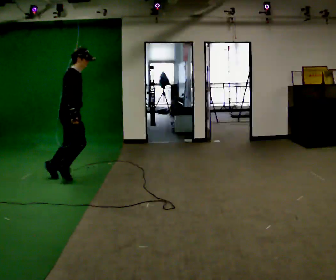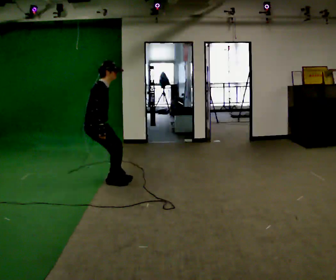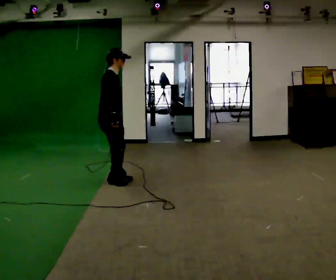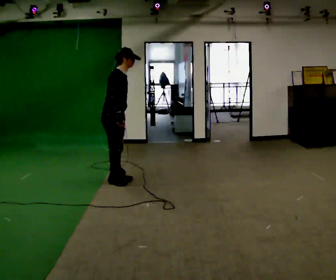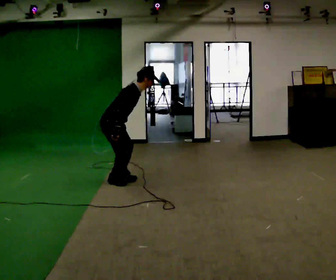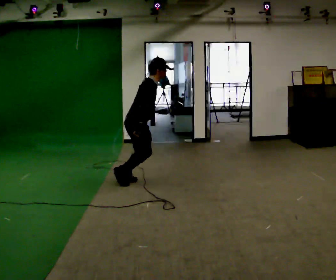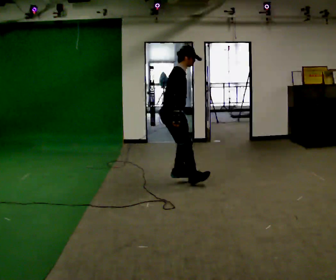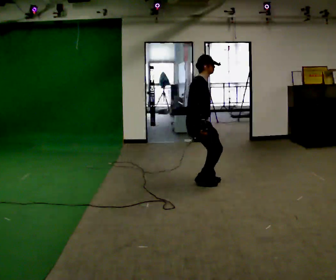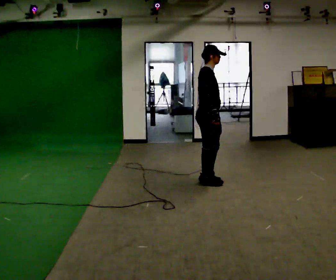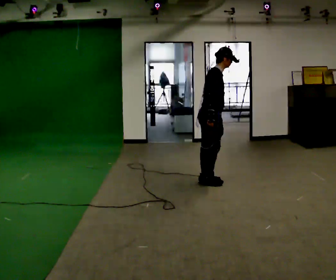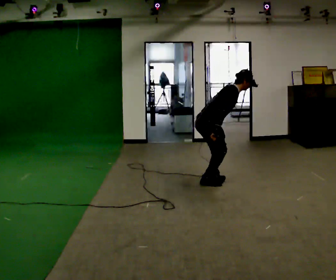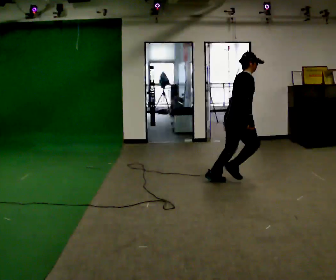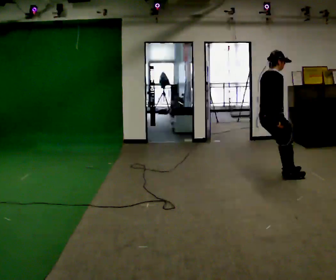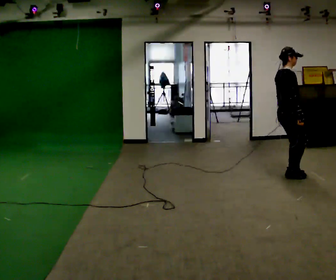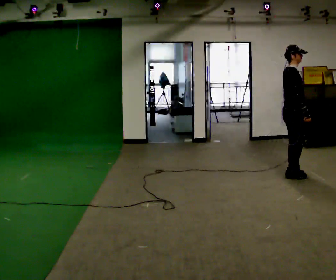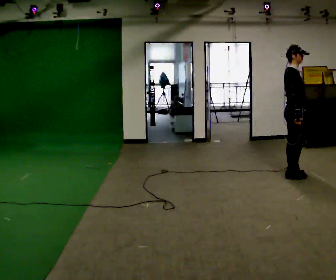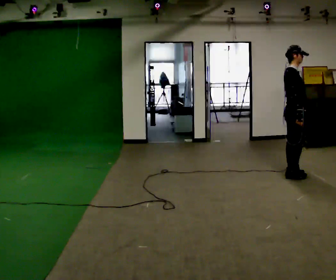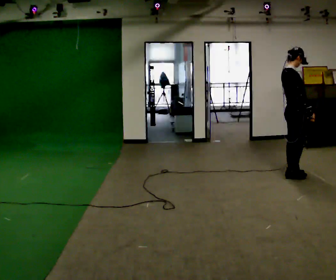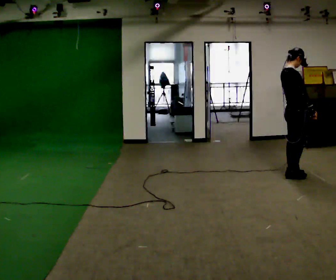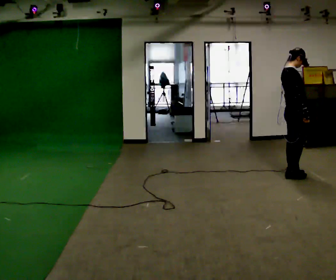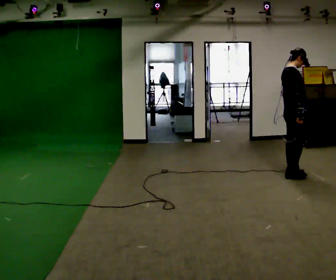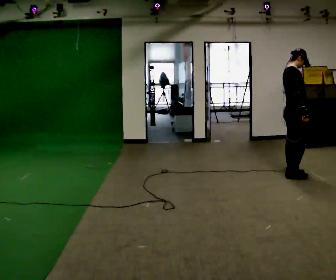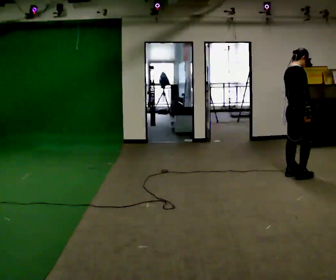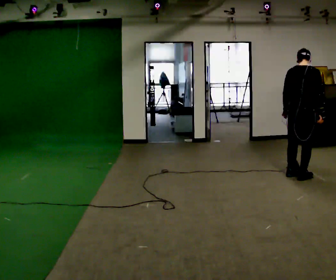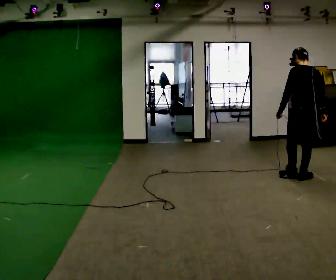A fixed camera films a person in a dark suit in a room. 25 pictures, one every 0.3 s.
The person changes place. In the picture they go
to the right.
0.0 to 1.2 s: In the picture they go to the right, about 0.5 m in 2 steps, which for them is forward.
1.2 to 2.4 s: In the picture they go to the right, about 1 m in 2 steps, which for them is forward. In the picture the upper body tilts counterclockwise, shoulders to the left, as they lean back or straighten.
2.4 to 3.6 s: In the picture they go to the right, about 1 m, which for them is forward.
3.6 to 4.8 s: In the picture they go to the right, about 0.25 m in 2 steps, which for them is forward.
4.8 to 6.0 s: The person moves a little, or ends about where they began.
6.0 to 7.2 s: The person turns about 105 degrees to their left, counterclockwise seen from above, so the part of the body nearest the lens slides to the right.
The film runs forward here.
